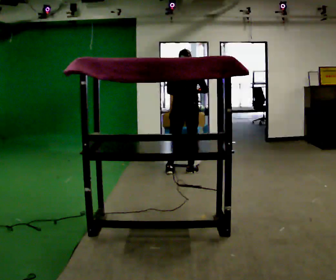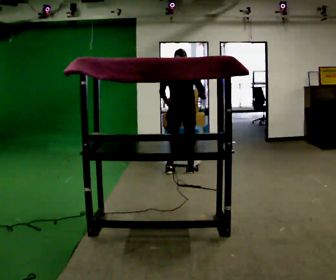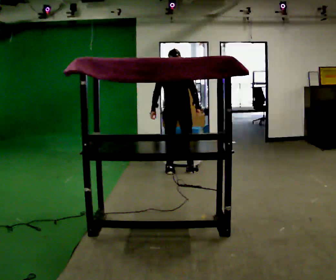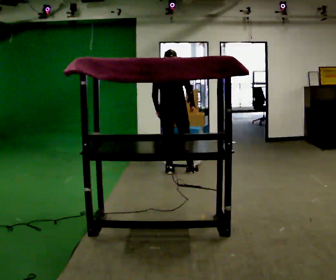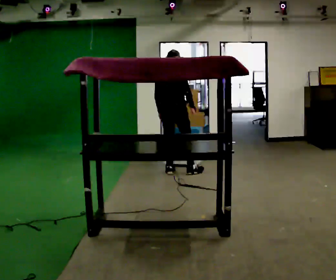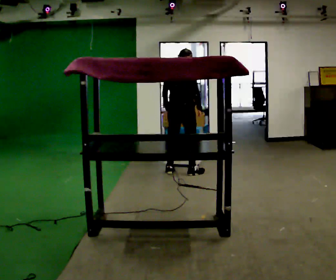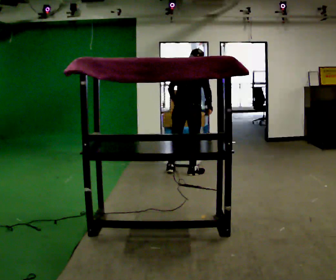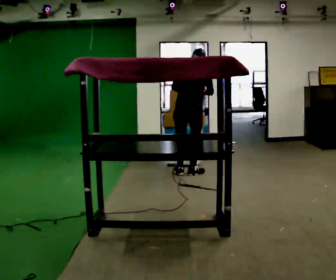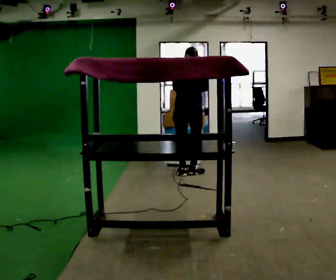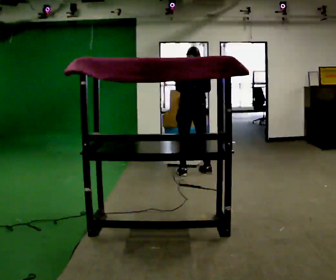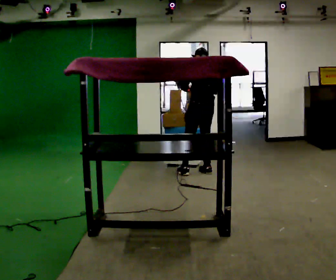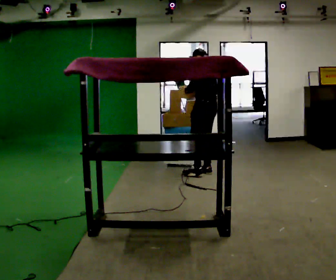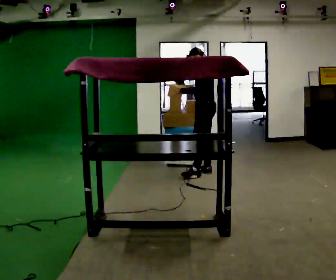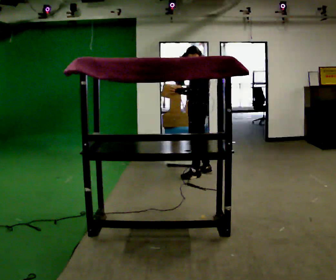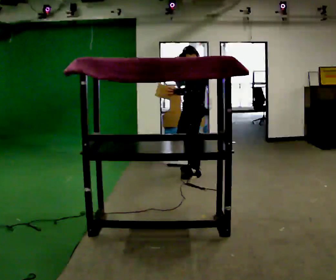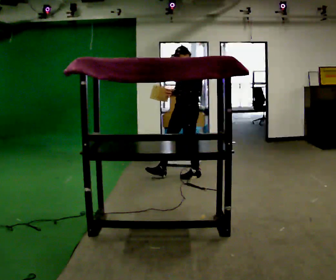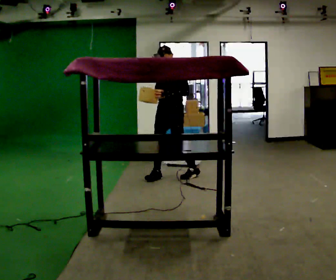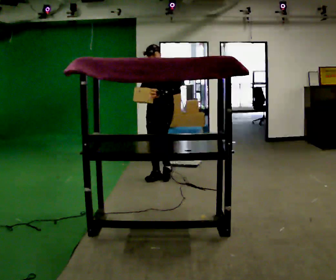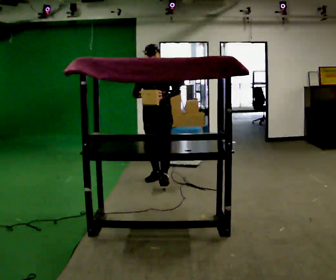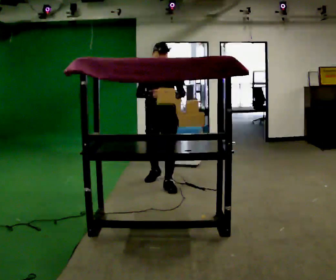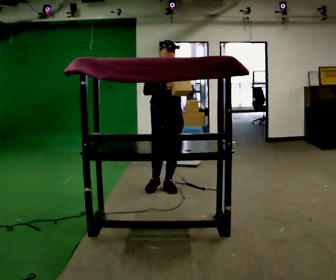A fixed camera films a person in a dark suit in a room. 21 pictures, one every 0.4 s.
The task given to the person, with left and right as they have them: Take an object from the waist-height shelf, carry it across the room, and place it on the highest shelf you can comfortably reach. Keep going until the operator says stop; one object at a time, and do not rush between trips.
0.0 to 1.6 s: The part of the body nearest the lens slides to the left as the person turns to their right by about 30 degrees. In the picture they go to the left, about 0.25 m, which for them is to their left.
1.6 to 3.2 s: The person turns about 30 degrees to their left, counterclockwise seen from above, so the part of the body nearest the lens slides to the right. In the picture they go to the right, about 0.25 m in 1 step, which for them is to their right.
3.2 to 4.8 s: The person turns about 90 degrees to their left, counterclockwise seen from above, so the part of the body nearest the lens slides to the right. In the picture they go to the right, about 0.25 m in 2 steps.
4.8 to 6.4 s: The person turns about 60 degrees to their left, counterclockwise seen from above, so the part of the body nearest the lens slides to the right. In the picture they go to the left and toward the camera, about 0.5 m in 1 step.
6.4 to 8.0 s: Seen from above the body turns counterclockwise, about 60 degrees: to their left, with its near side sliding to the right. In the picture they go toward the camera, about 0.5 m in 1 step, which for them is forward.
The film runs forward here.
